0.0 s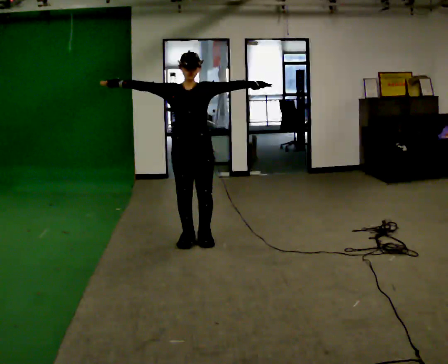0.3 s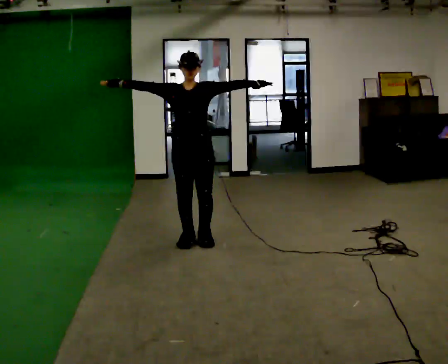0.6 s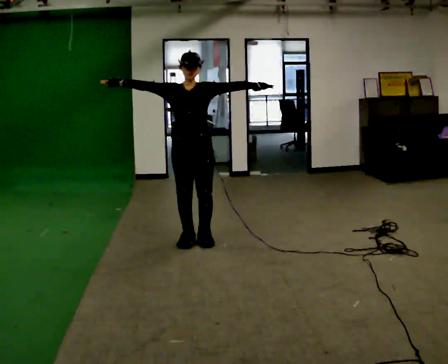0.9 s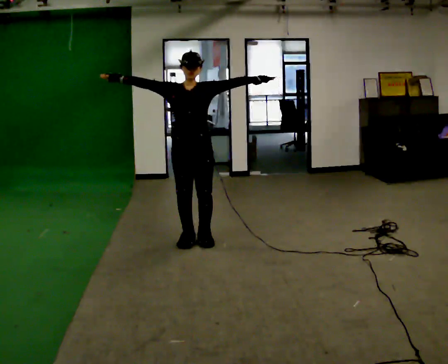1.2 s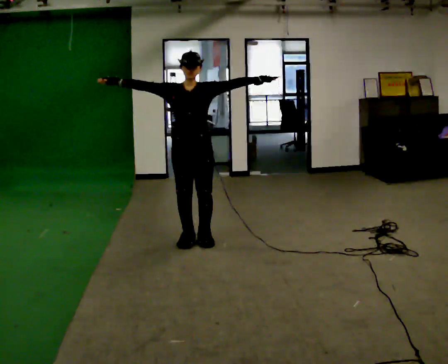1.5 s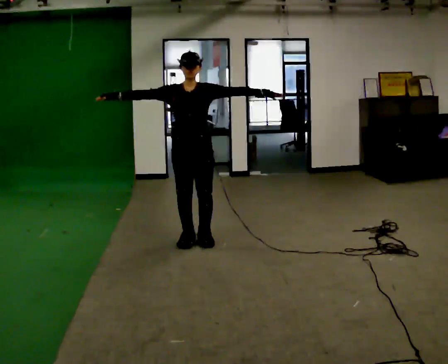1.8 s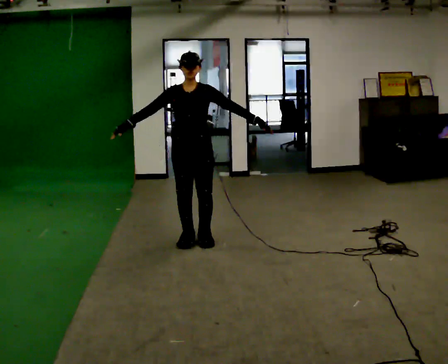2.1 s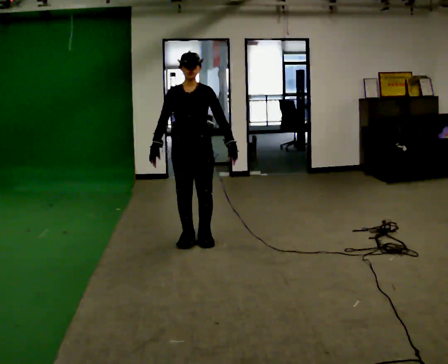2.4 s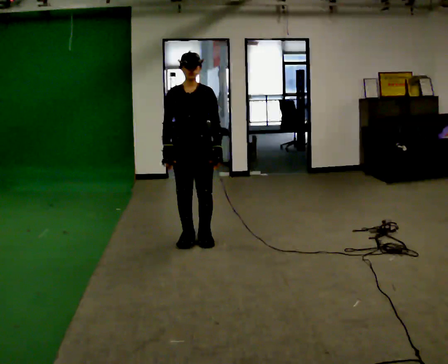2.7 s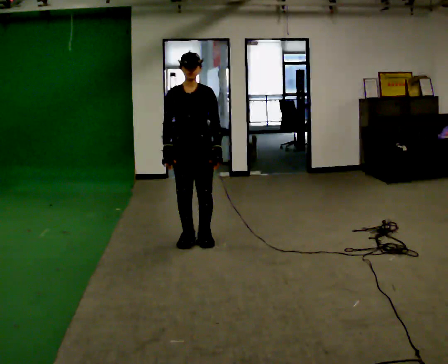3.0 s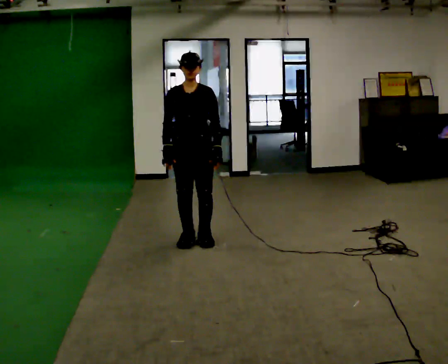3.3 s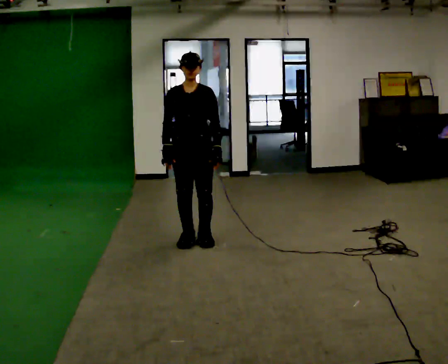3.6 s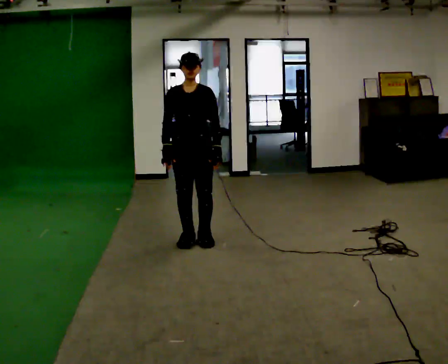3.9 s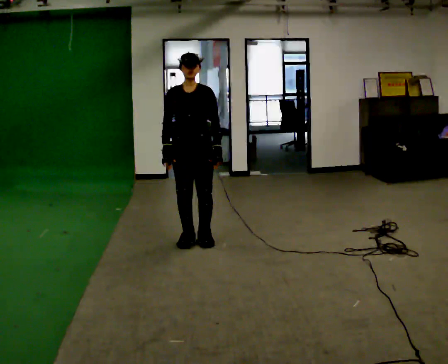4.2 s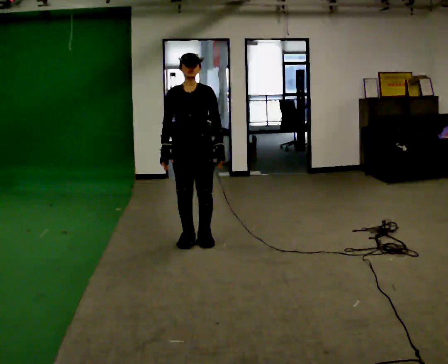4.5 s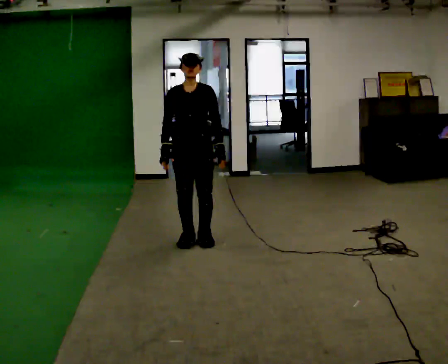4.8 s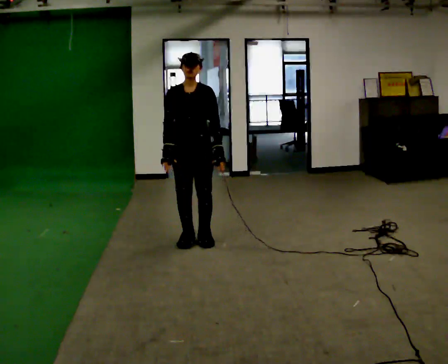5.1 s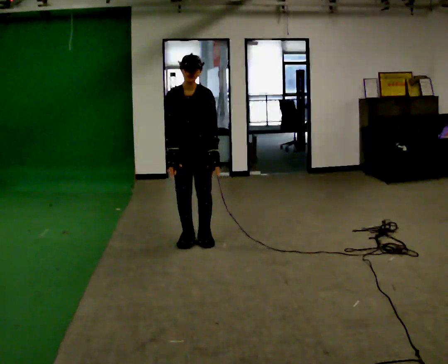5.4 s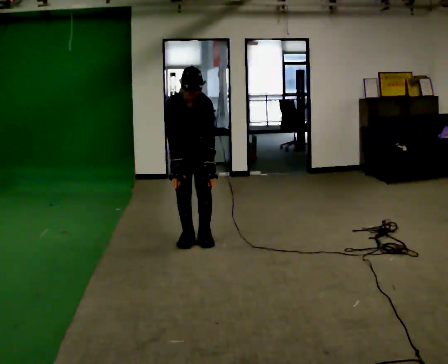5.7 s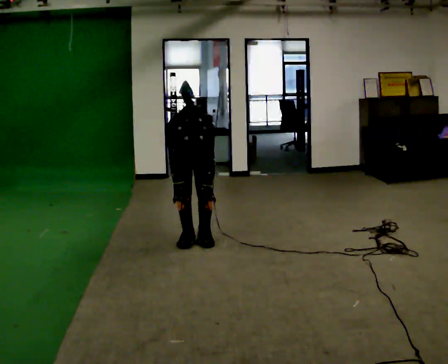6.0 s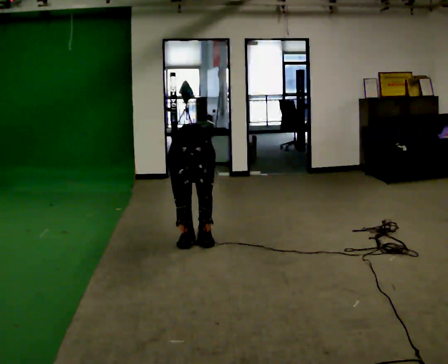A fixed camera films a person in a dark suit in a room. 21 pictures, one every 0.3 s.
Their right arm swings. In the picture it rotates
counterclockwise.
Their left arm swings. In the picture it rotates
clockwise.
0.0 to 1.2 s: The person moves a little, or ends about where they began.
1.2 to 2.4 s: In the picture their right hand goes downward and to the right, the arm swinging counterclockwise.
2.4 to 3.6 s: The person keeps their place and pose.
3.6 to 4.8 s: The person moves a little, or ends about where they began.
4.8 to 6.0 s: The shoulders move downward. The upper body tips toward the camera, its near side rolling downward, as they bend forward. In the picture their right hand goes downward.
The film runs backward here.
